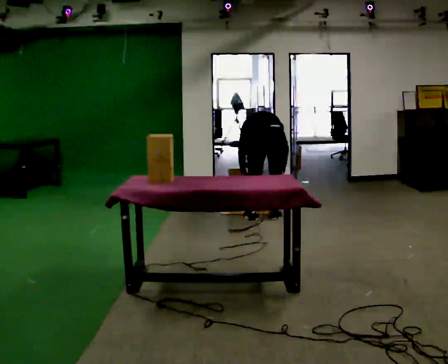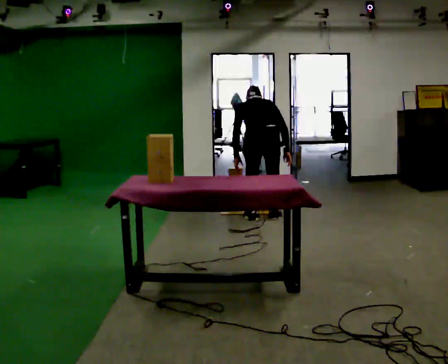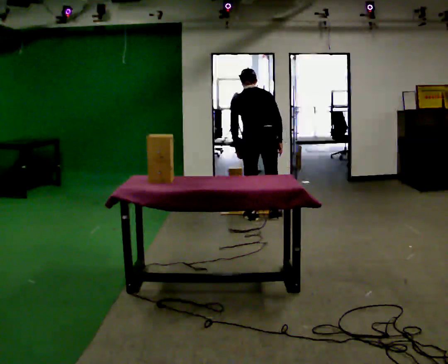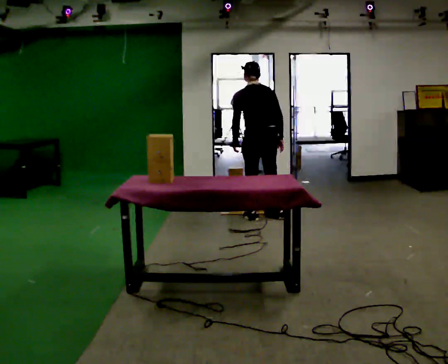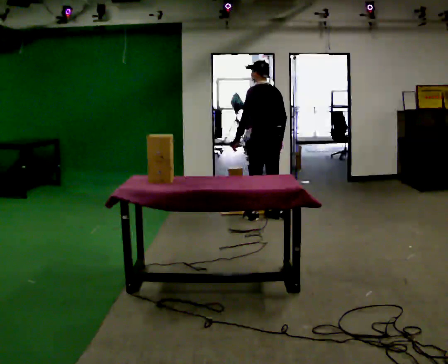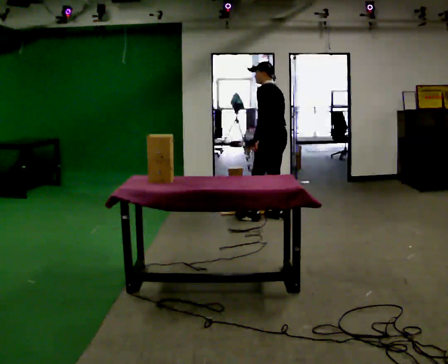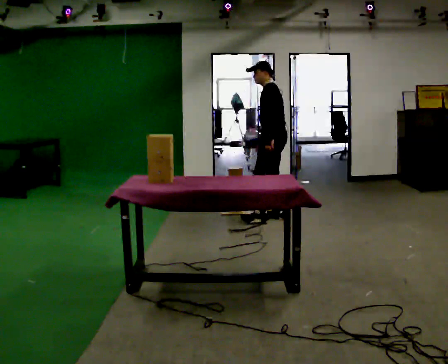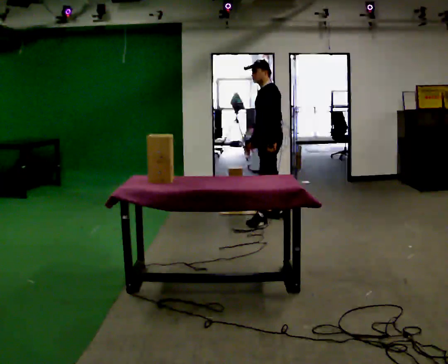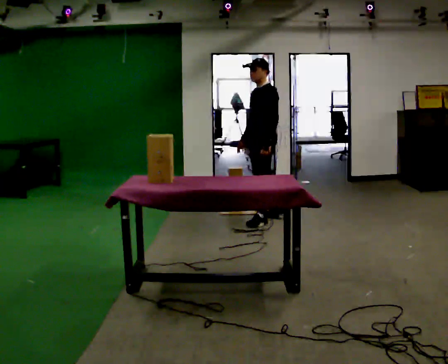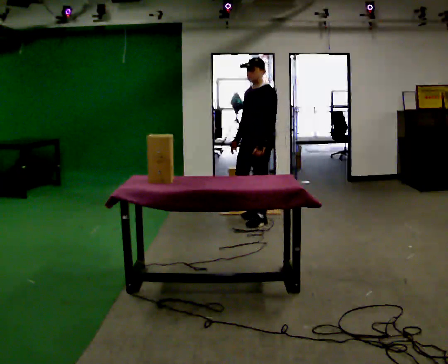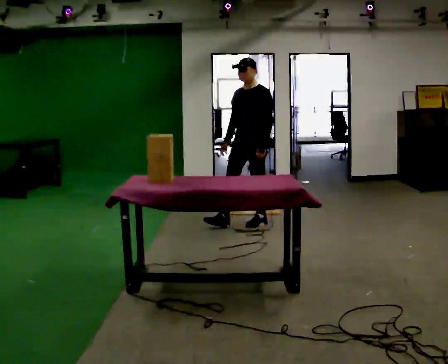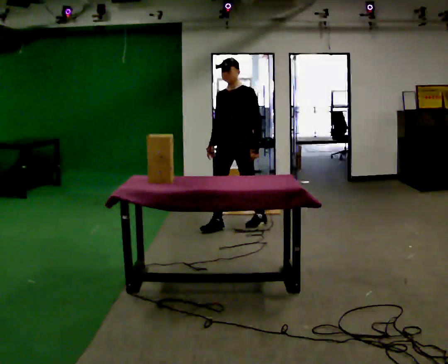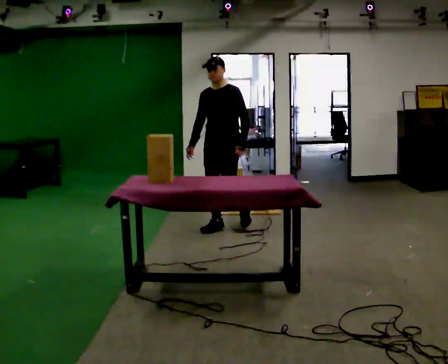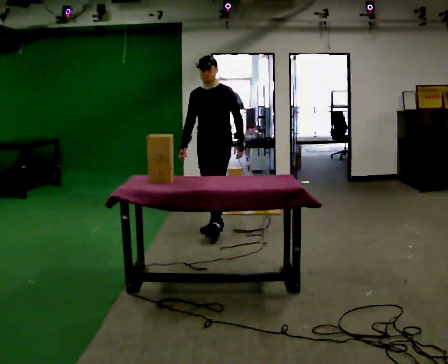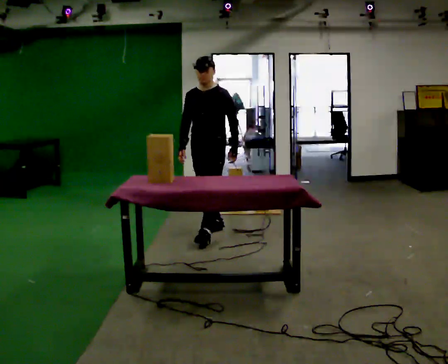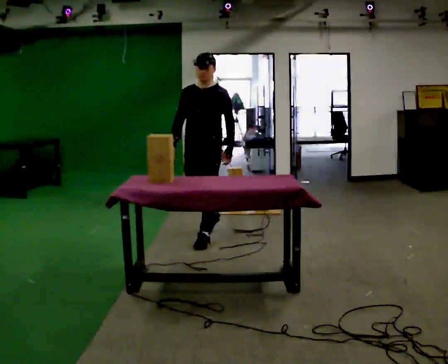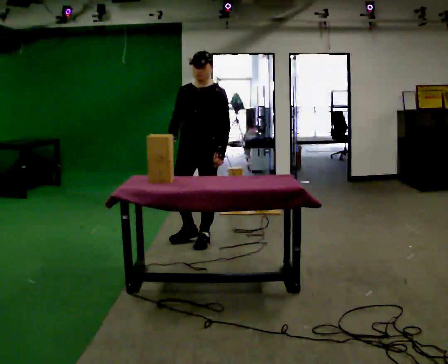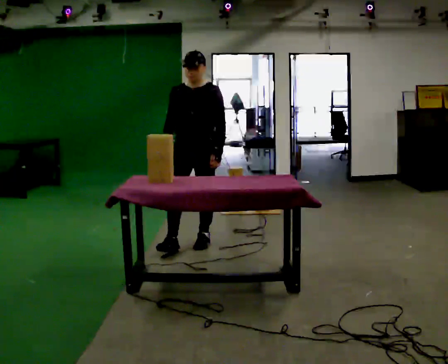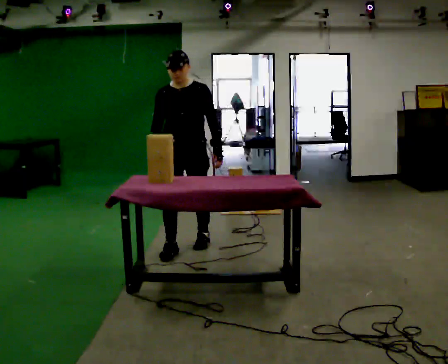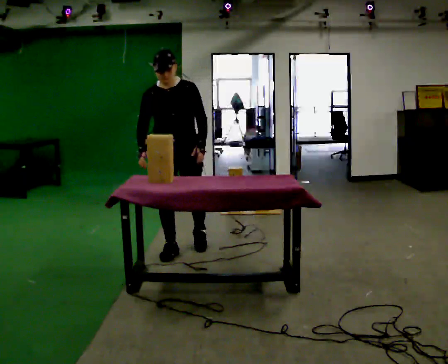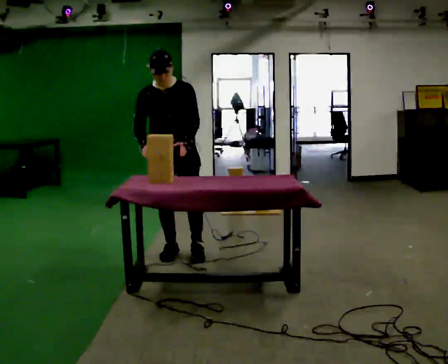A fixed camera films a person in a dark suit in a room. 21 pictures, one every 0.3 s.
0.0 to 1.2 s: The part of the body nearest the lens slides to the right as the person turns to their left by about 30 degrees. In the picture they go away from the camera, about 0.25 m, which for them is forward. The shoulders move upward. The upper body tips toward the camera, its near side rolling downward, as they lean back or straighten. In the picture their right hand goes upward.
1.2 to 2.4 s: The part of the body nearest the lens slides to the right as the person turns to their left by about 75 degrees. In the picture their right hand goes to the left.
2.4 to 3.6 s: The person turns about 45 degrees to their left, counterclockwise seen from above, so the part of the body nearest the lens slides to the right. In the picture they go to the left and toward the camera, about 0.5 m in 1 step, which for them is forward.
3.6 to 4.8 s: In the picture they go toward the camera, about 0.5 m in 1 step, which for them is forward.
4.8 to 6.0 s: The part of the body nearest the lens slides to the right as the person turns to their left by about 30 degrees. In the picture they go toward the camera and to the left, about 0.25 m in 2 steps, which for them is forward and to their right.
The film runs forward here.
